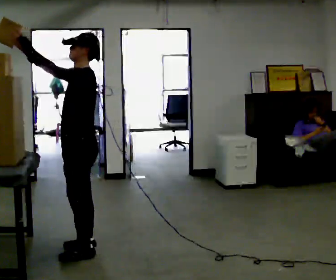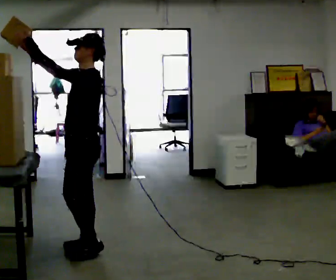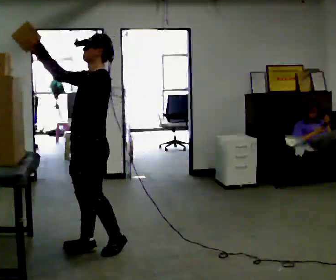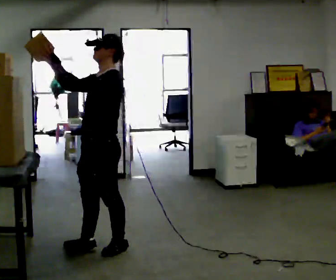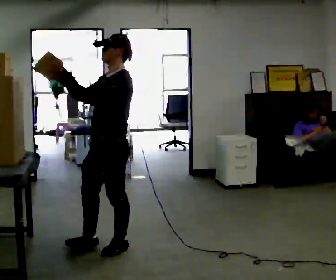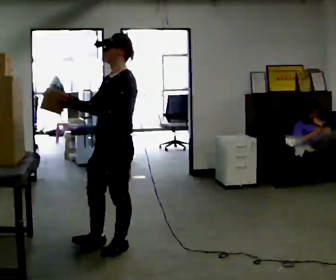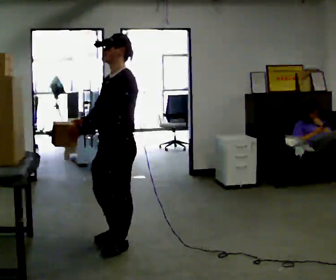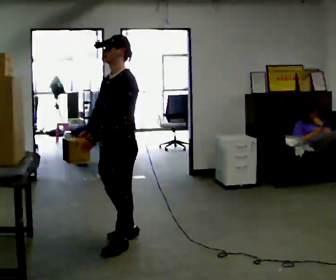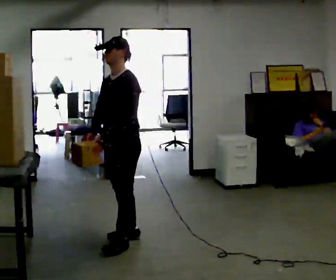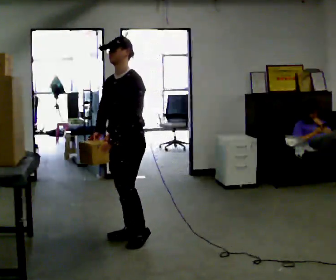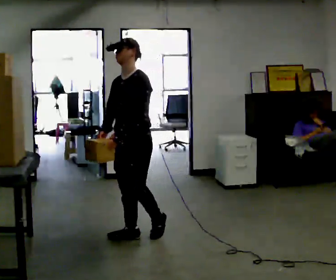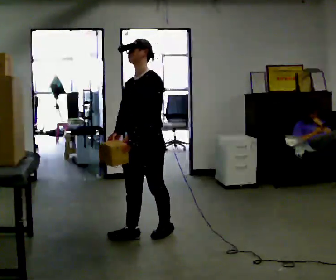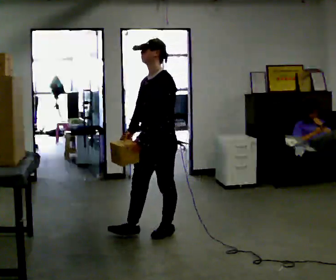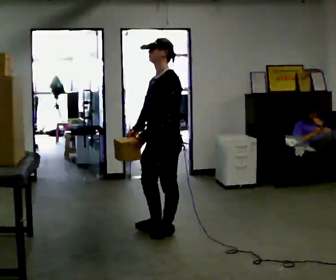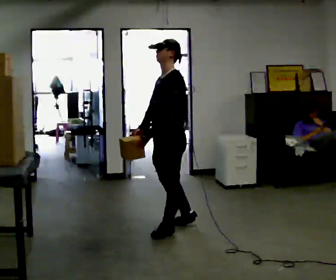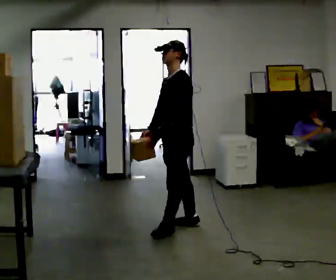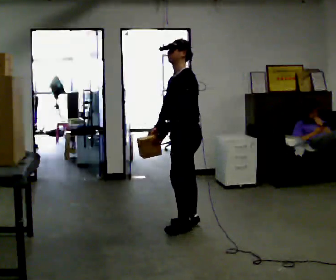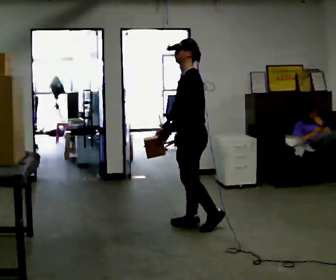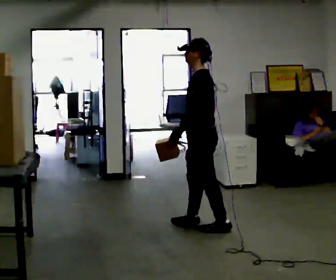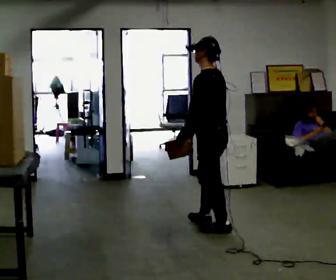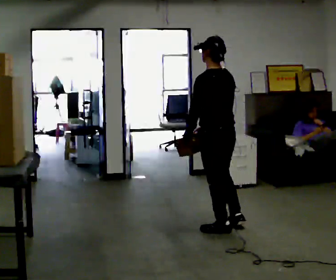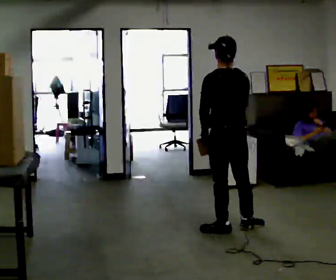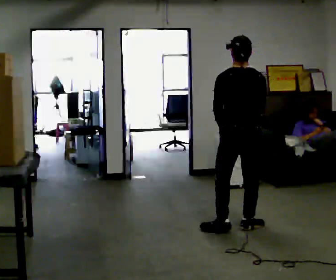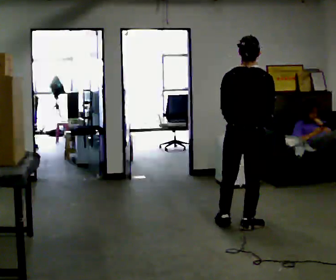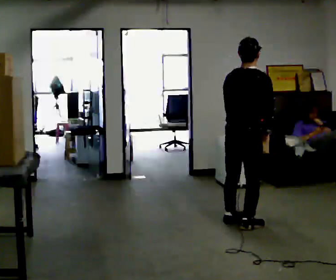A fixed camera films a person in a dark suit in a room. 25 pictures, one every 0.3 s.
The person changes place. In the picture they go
to the right.
Their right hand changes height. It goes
downward.
0.0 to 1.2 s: In the picture they go to the right, about 0.25 m in 1 step, which for them is backward. In the picture their right hand goes to the right.
1.2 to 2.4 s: In the picture they go away from the camera, about 0.25 m in 1 step, which for them is backward and to their right. In the picture their left hand goes downward, the arm swinging counterclockwise.
2.4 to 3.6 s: In the picture they go to the right and away from the camera, about 0.25 m in 2 steps, which for them is backward.
3.6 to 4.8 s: In the picture they go to the right and away from the camera, about 0.25 m in 1 step, which for them is backward and to their right.
4.8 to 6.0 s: The part of the body nearest the lens slides to the left as the person turns to their right by about 60 degrees. In the picture they go to the right and toward the camera, about 0.25 m in 1 step.
6.0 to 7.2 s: The person turns about 75 degrees to their right, clockwise seen from above, so the part of the body nearest the lens slides to the left. In the picture they go to the right, about 0.25 m in 1 step. In the picture their right hand goes to the right.
The film runs backward here.
